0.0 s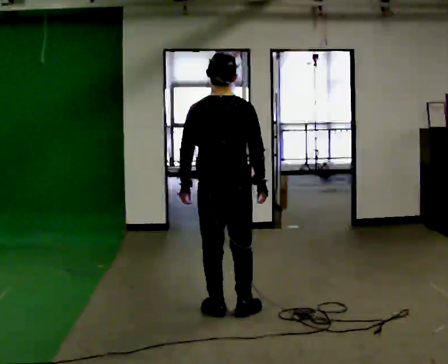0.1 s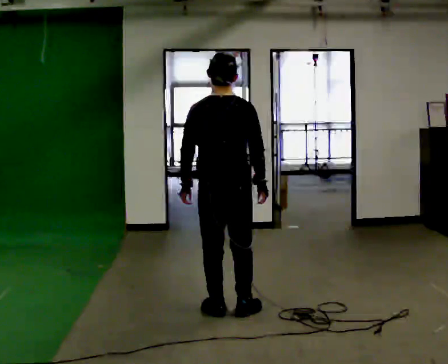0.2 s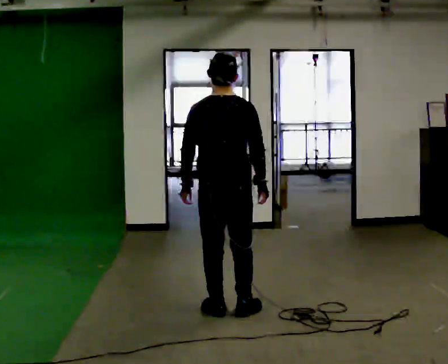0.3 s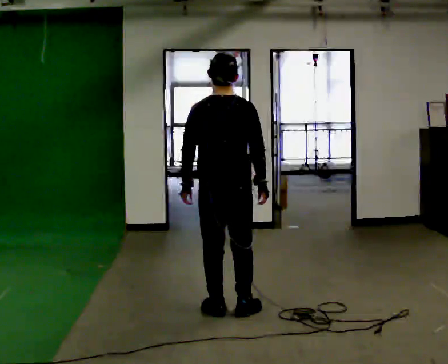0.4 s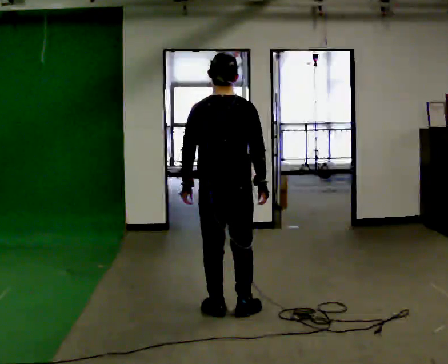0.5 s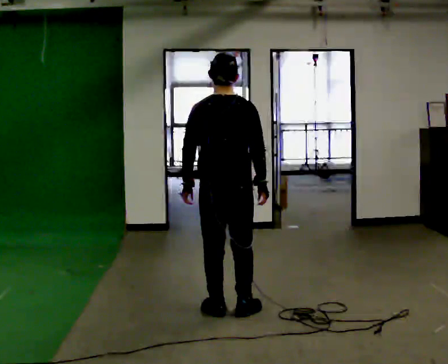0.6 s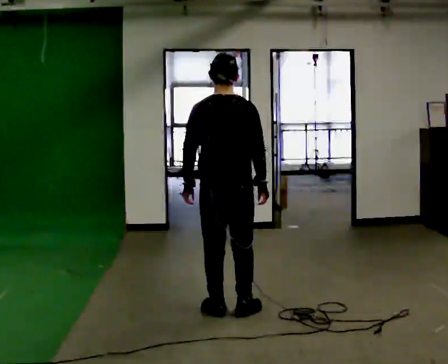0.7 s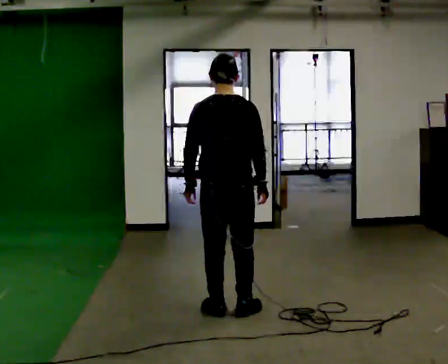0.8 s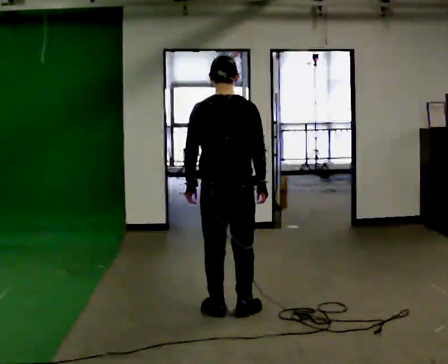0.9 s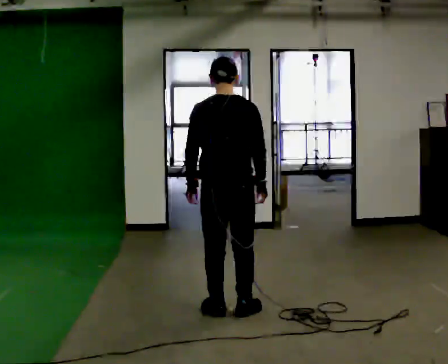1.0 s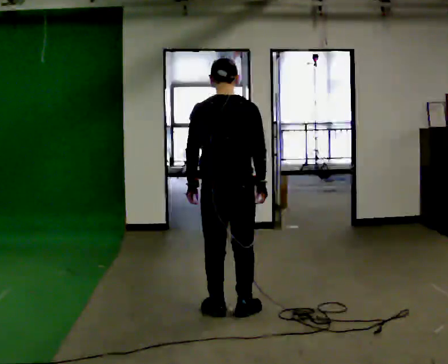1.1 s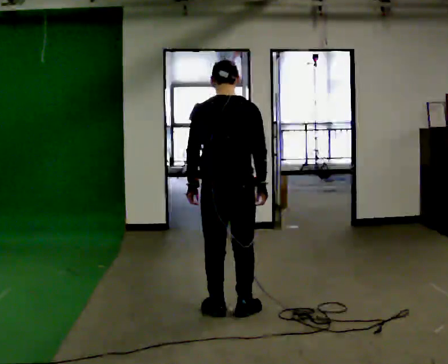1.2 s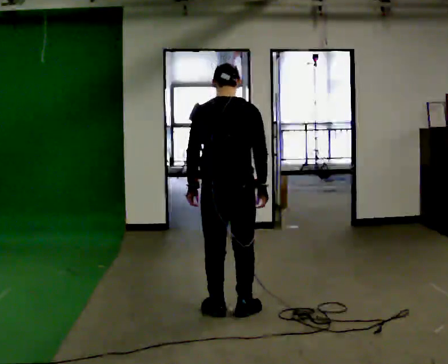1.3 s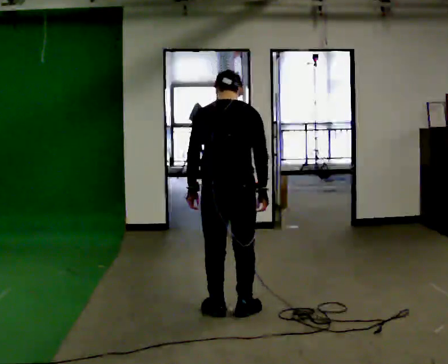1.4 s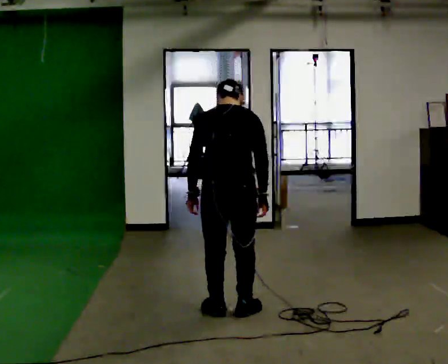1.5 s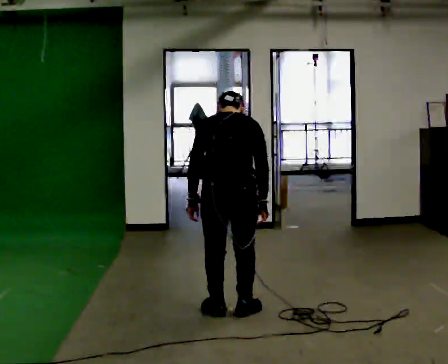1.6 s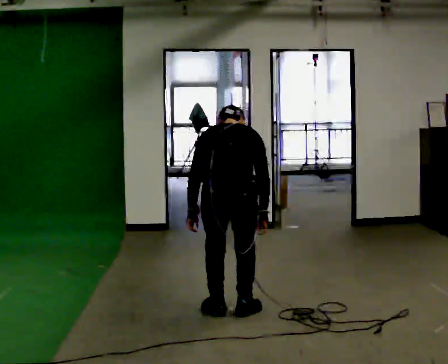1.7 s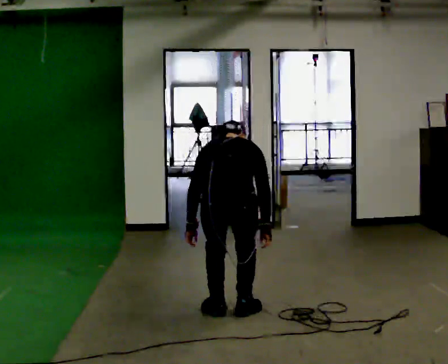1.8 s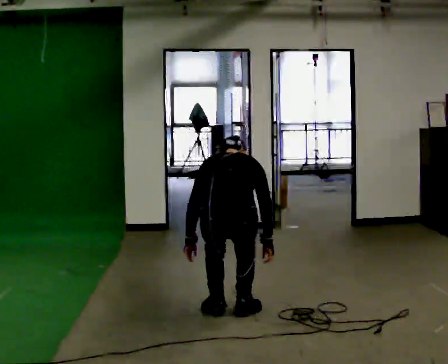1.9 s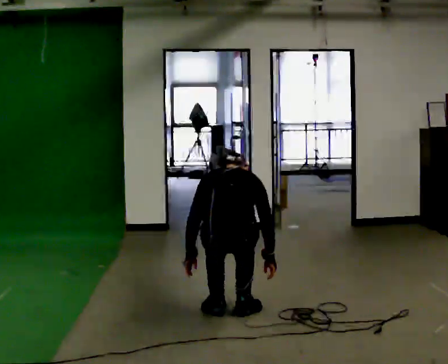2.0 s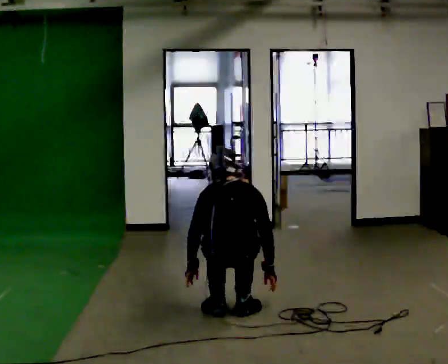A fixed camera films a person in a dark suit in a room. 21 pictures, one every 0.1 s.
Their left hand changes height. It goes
downward.
The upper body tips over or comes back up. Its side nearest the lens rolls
upward.
0.0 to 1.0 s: The person moves a little, or ends about where they began.
1.0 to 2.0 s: The upper body goes downward. The upper body tips away from the camera, its near side rolling upward, as they bend forward. In the picture their left hand goes downward.
The film runs forward here.
